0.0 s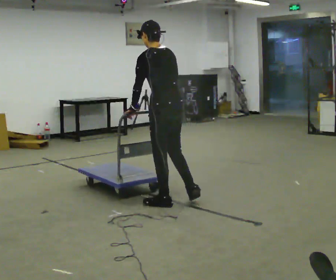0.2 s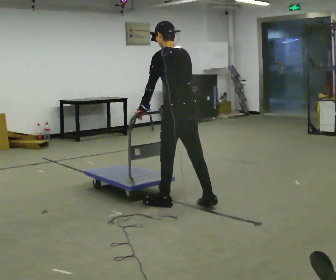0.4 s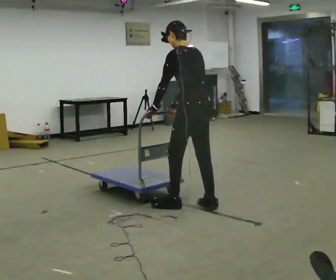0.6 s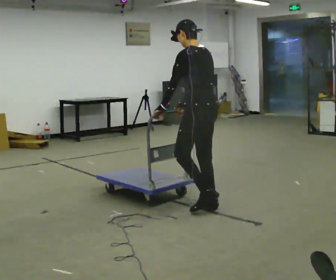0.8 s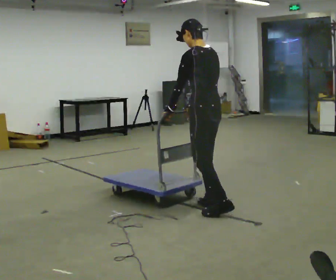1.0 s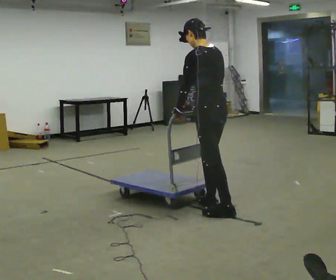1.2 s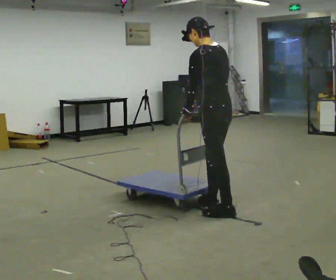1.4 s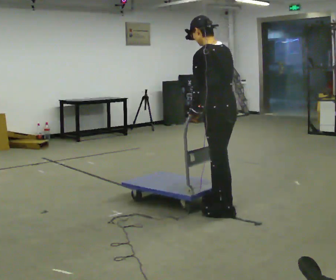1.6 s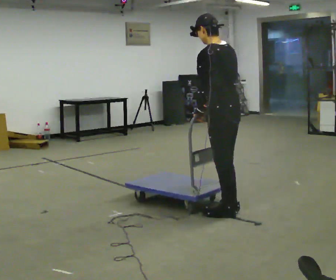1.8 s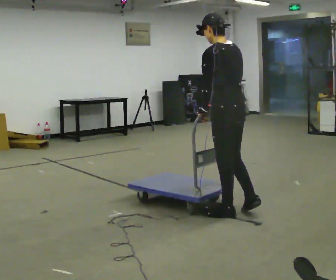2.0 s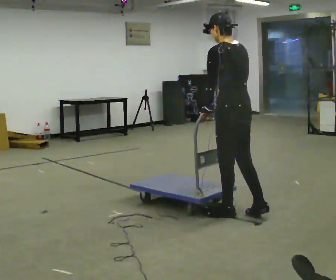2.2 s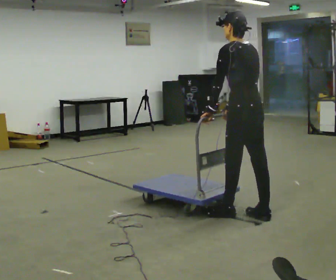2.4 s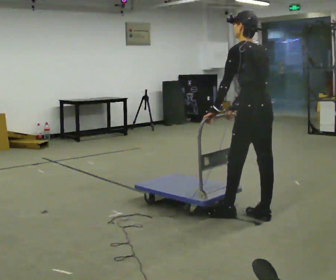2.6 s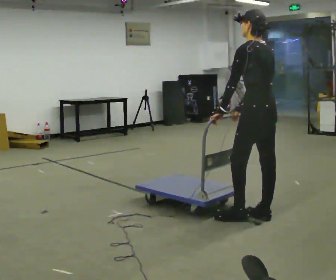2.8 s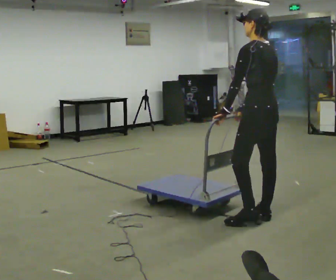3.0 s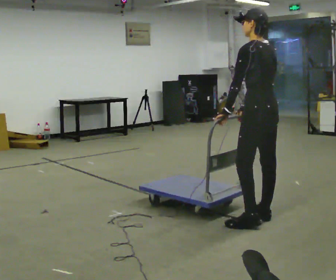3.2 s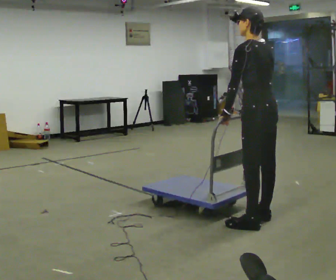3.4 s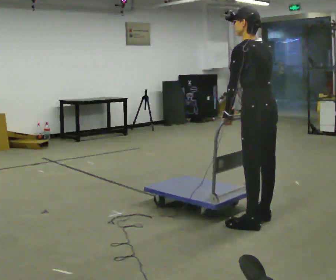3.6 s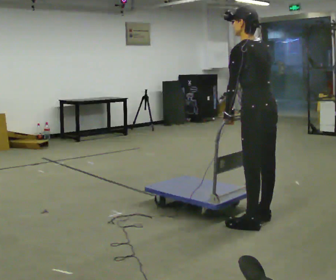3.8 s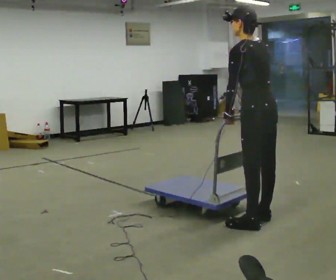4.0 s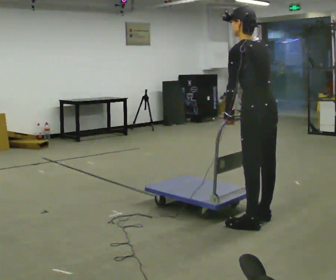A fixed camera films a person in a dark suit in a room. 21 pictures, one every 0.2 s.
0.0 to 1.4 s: In the picture they go to the right and toward the camera, about 0.5 m in 2 steps, which for them is backward.
1.4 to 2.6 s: In the picture they go to the right, about 0.25 m in 1 step, which for them is backward and to their right.
2.6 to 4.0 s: The person moves a little, or ends about where they began.
The film runs backward here.
